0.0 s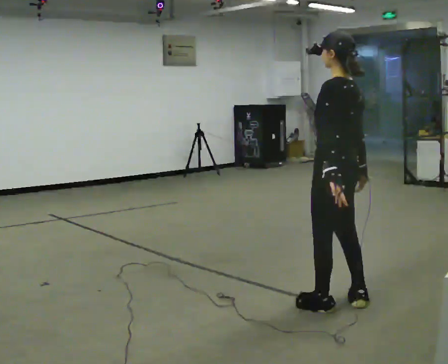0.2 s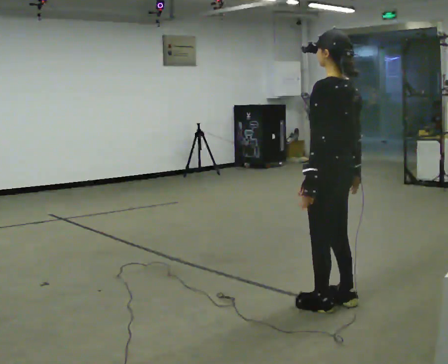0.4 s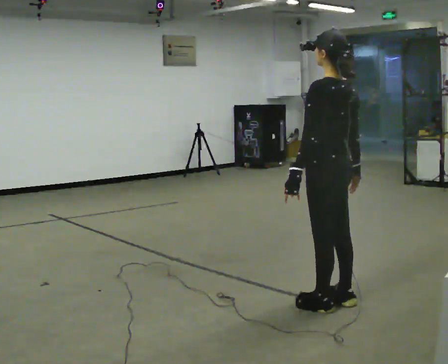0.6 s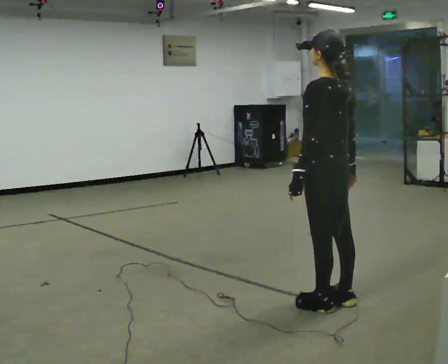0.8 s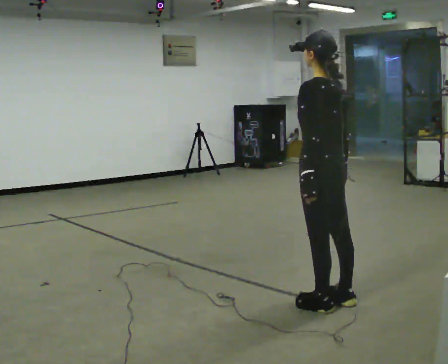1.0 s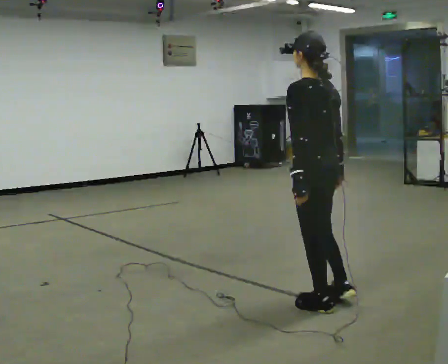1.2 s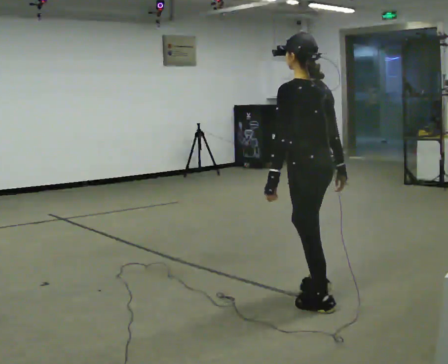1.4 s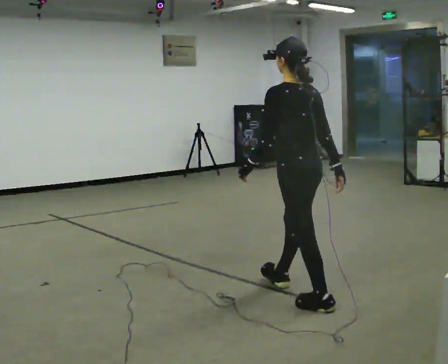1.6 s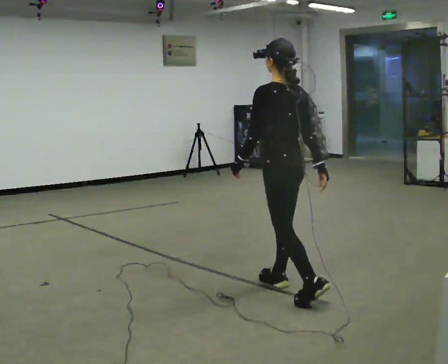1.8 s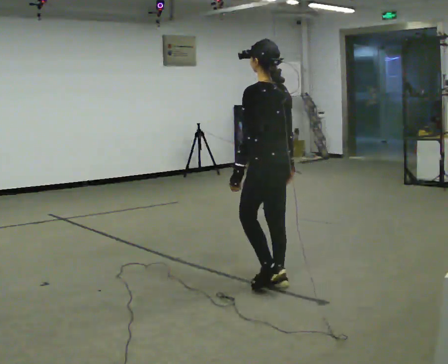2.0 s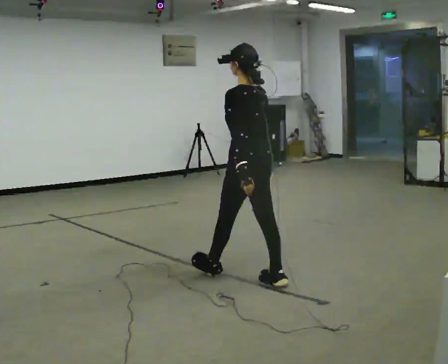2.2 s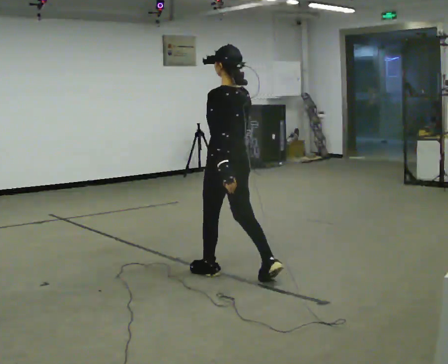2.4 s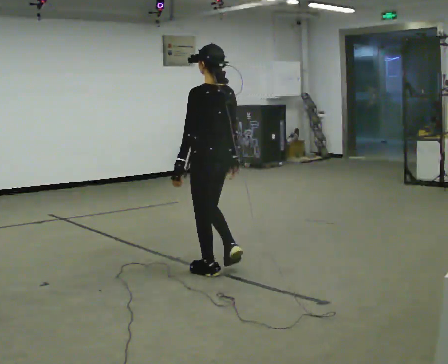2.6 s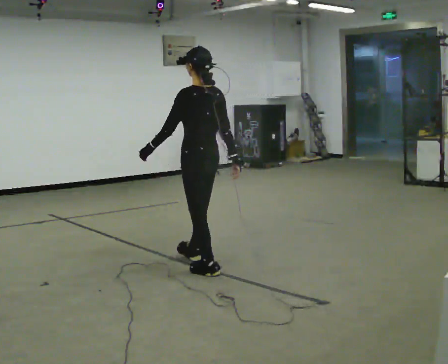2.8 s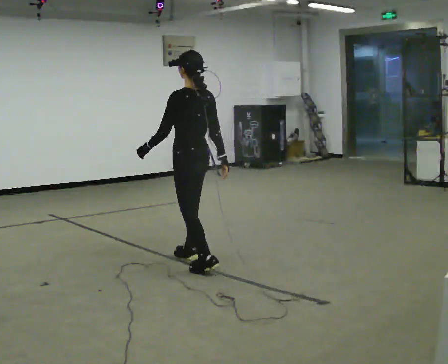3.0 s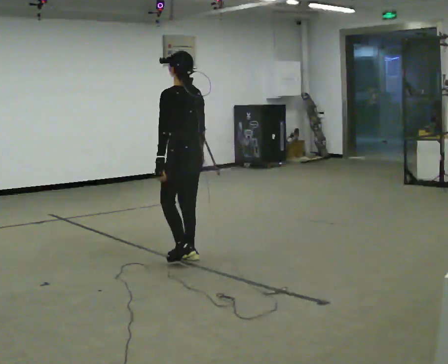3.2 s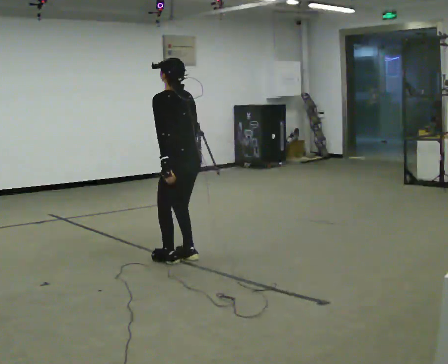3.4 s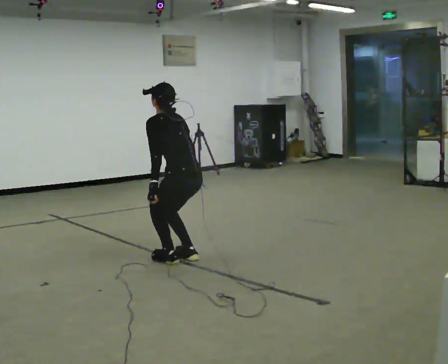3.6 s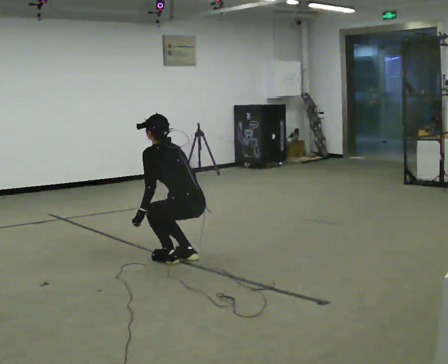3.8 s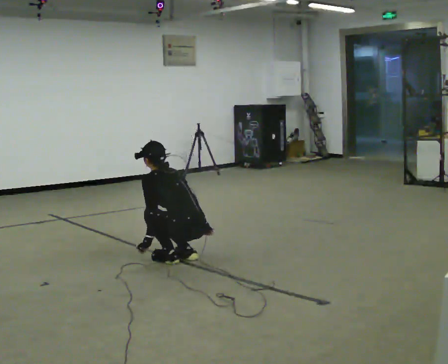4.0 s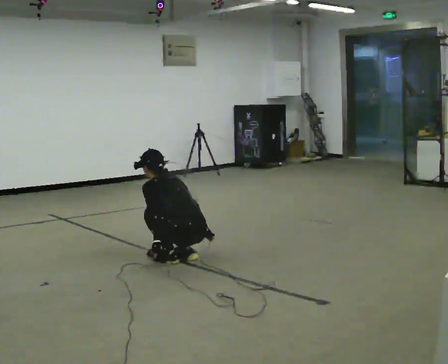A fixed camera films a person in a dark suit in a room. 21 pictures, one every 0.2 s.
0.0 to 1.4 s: In the picture they go away from the camera and to the left, about 0.25 m, which for them is forward.
1.4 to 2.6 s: In the picture they go away from the camera and to the left, about 1 m in 2 steps, which for them is forward.
2.6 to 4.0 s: In the picture they go away from the camera, about 0.25 m in 2 steps, which for them is forward. The shoulders move downward. In the picture the upper body tilts counterclockwise, shoulders to the left, as they bend forward. In the picture their left hand goes downward.
The film runs forward here.
